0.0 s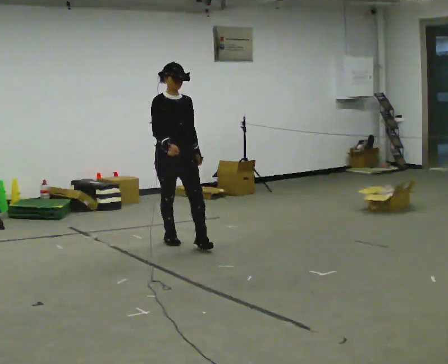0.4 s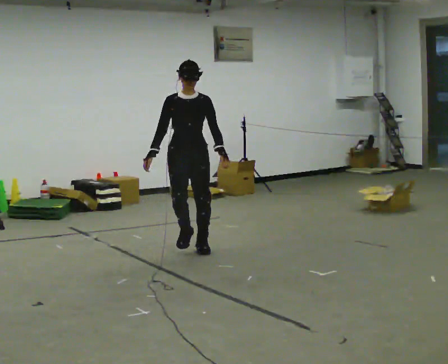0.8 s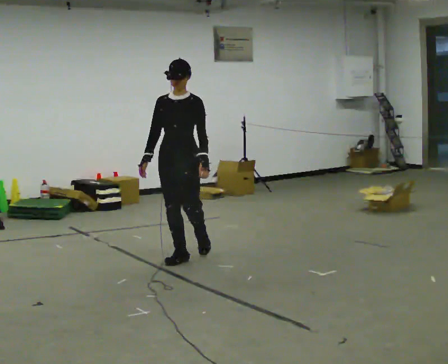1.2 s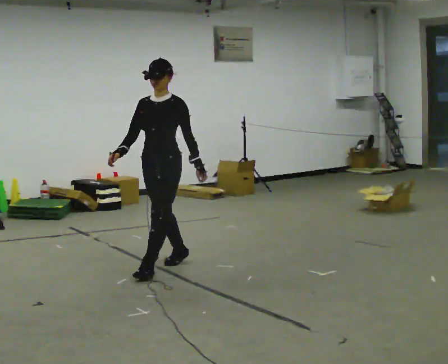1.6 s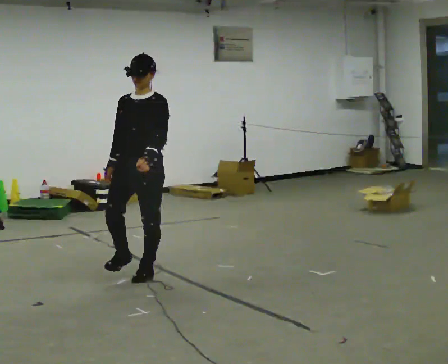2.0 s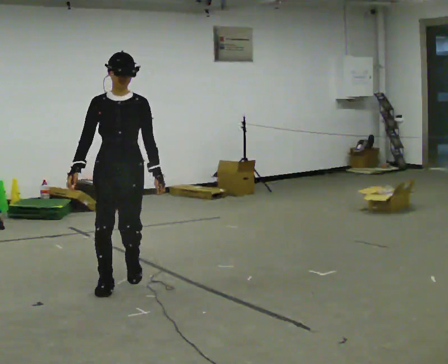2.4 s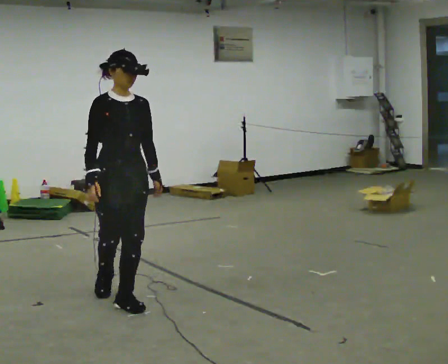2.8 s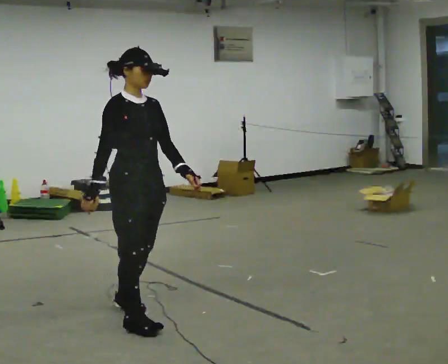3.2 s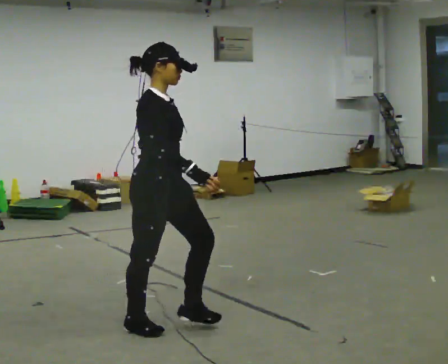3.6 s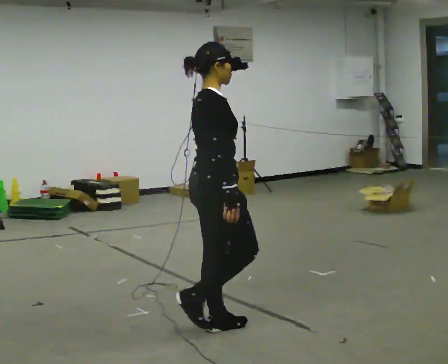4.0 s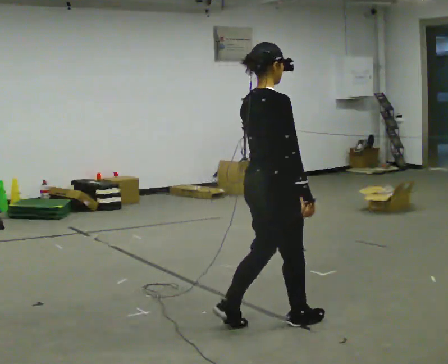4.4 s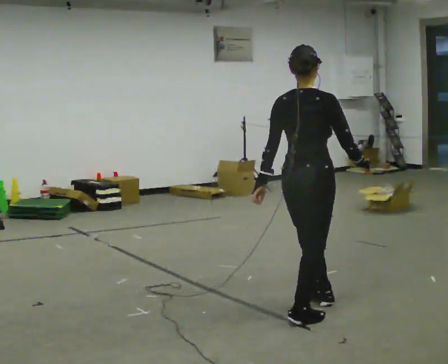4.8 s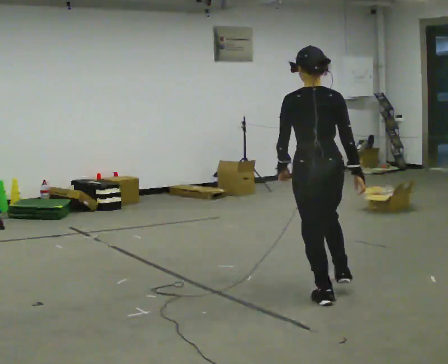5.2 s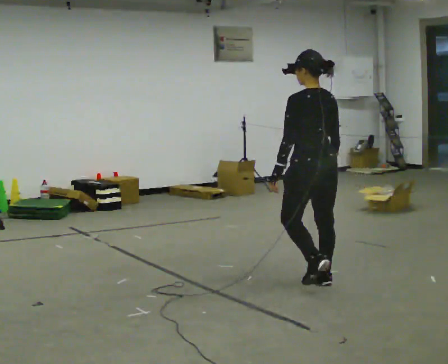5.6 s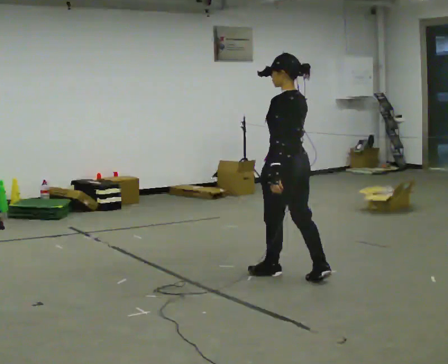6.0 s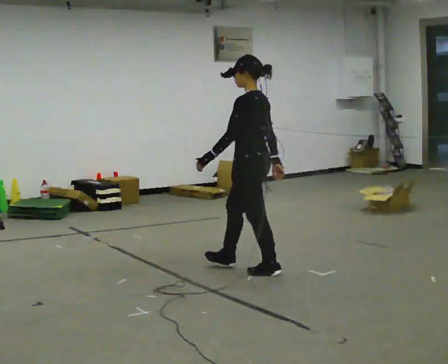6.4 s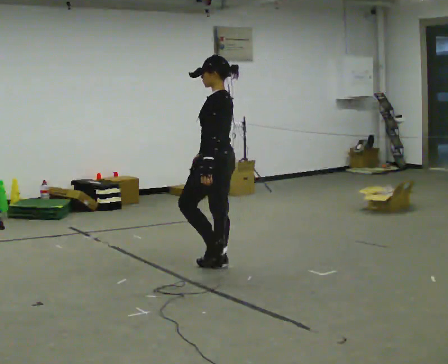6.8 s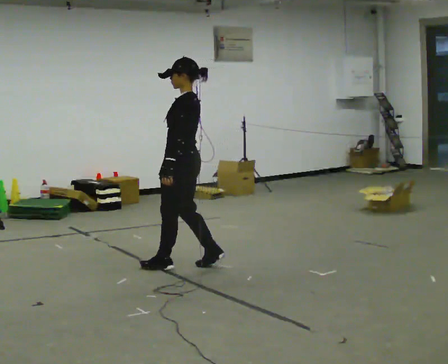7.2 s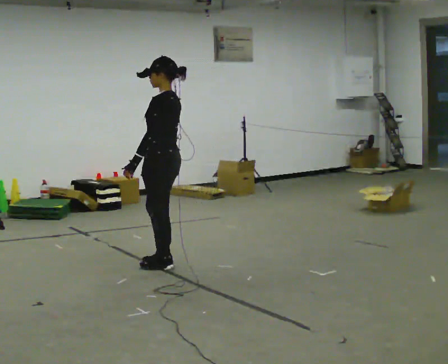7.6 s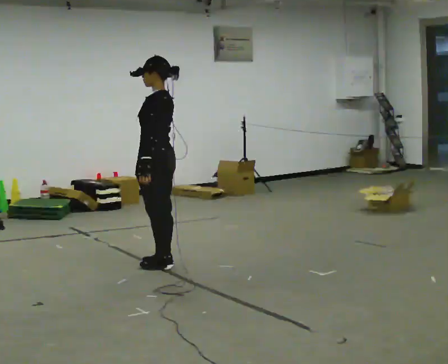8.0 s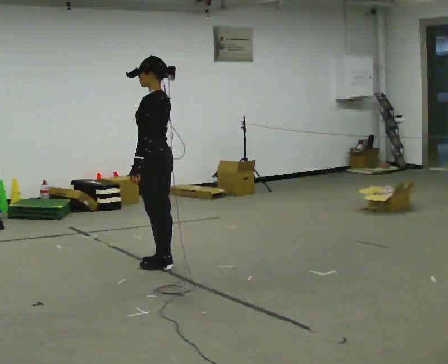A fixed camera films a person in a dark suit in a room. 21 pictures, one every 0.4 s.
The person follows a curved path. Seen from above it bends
counterclockwise.
0.0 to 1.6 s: The person turns about 45 degrees to their right, clockwise seen from above, so the part of the body nearest the lens slides to the left. In the picture they go toward the camera, about 1 m in 3 steps, which for them is forward.
1.6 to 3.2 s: The person turns about 90 degrees to their left, counterclockwise seen from above, so the part of the body nearest the lens slides to the right. In the picture they go toward the camera, about 1 m in 3 steps.
3.2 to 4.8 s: The person turns about 105 degrees to their left, counterclockwise seen from above, so the part of the body nearest the lens slides to the right. In the picture they go to the right and away from the camera, about 1 m in 3 steps.
4.8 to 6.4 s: Seen from above the body turns counterclockwise, about 75 degrees: to their left, with its near side sliding to the right. In the picture they go away from the camera and to the left, about 1 m in 3 steps.
6.4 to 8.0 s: In the picture they go to the left, about 0.5 m in 2 steps, which for them is forward.
The film runs forward here.
